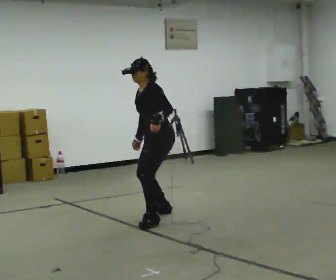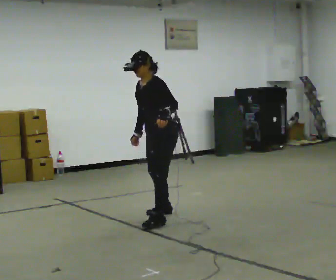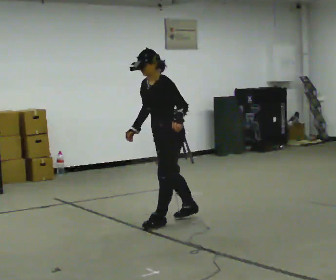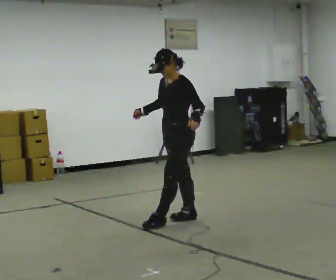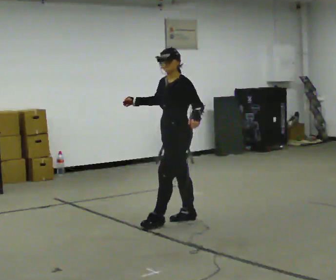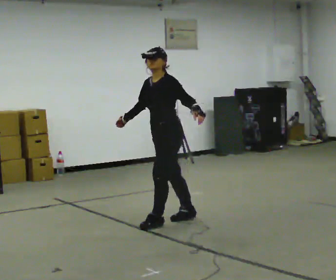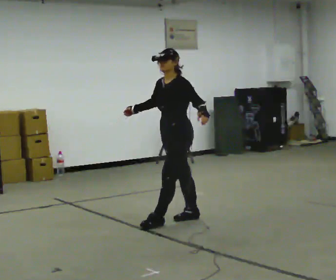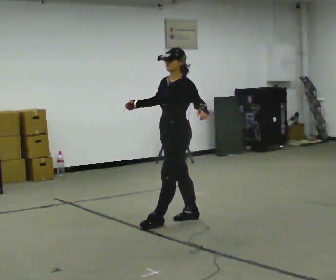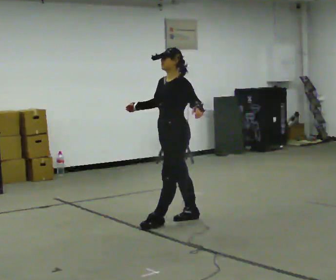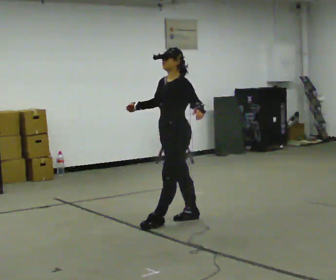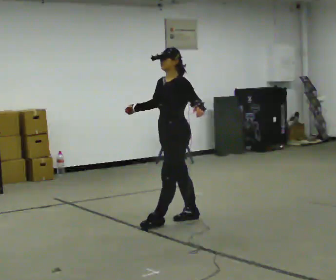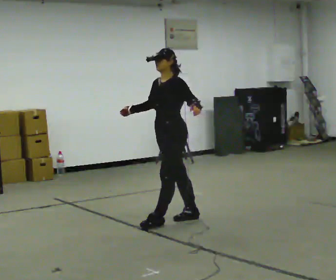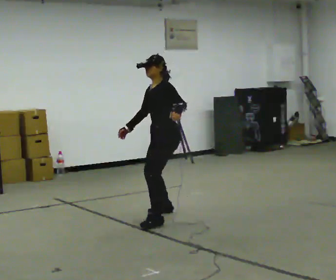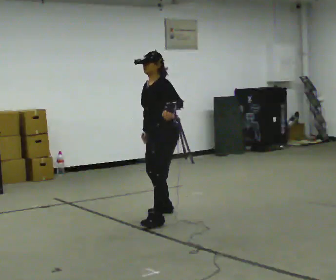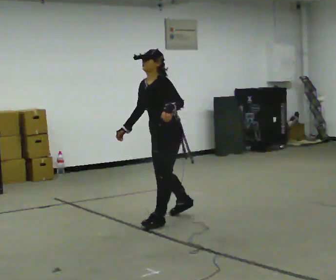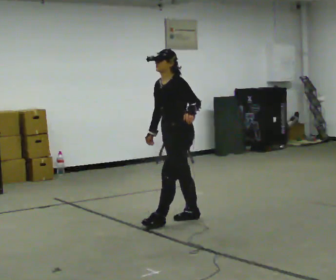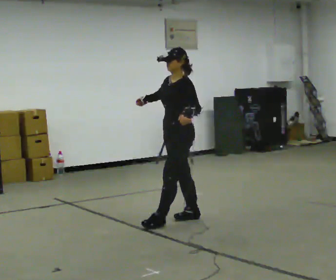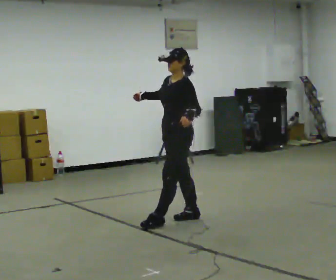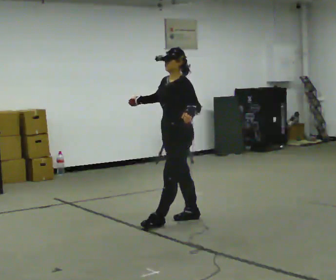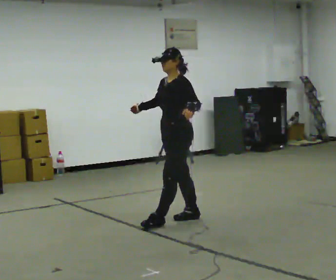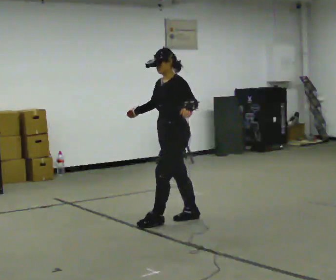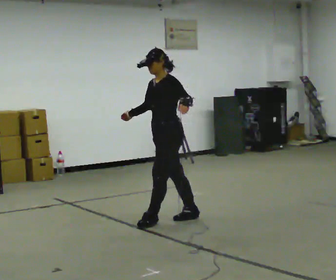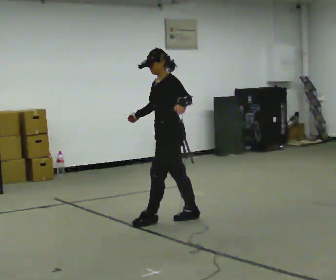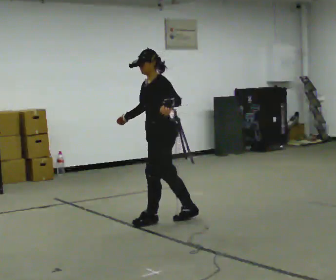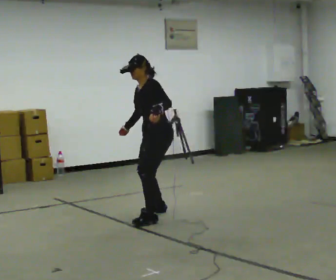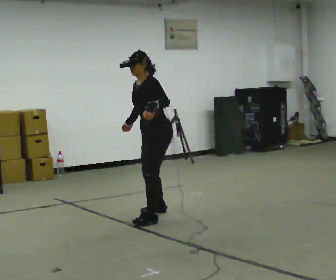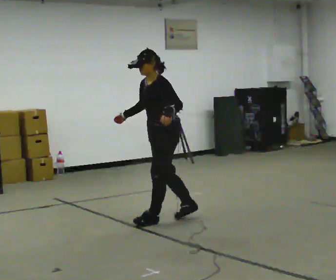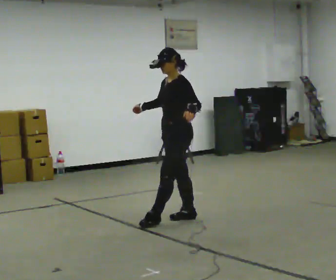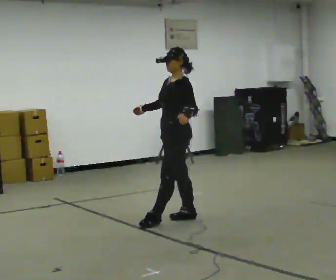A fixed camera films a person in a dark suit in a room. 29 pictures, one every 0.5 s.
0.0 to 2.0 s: In the picture they go toward the camera and to the right, about 0.25 m in 1 step, which for them is to their left. In the picture the upper body tilts clockwise, shoulders to the right. In the picture their right hand goes upward, the arm swinging clockwise.
2.0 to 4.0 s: The person moves a little, or ends about where they began.
4.0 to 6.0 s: In the picture they go away from the camera, about 0.25 m in 1 step, which for them is to their right.
6.0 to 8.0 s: In the picture they go toward the camera, about 0.25 m in 1 step, which for them is to their left. In the picture their right hand goes upward.
8.0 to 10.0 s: The person moves a little, or ends about where they began.
10.0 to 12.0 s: In the picture they go away from the camera and to the left, about 0.25 m in 1 step, which for them is to their right.
12.0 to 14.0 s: In the picture they go to the right and toward the camera, about 0.25 m in 1 step, which for them is to their left. In the picture the upper body tilts clockwise, shoulders to the right, as they lean back or straighten.
The film runs forward here.
